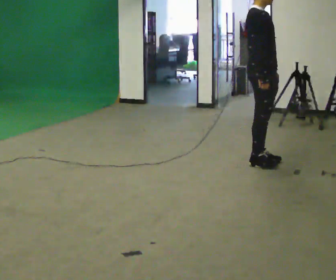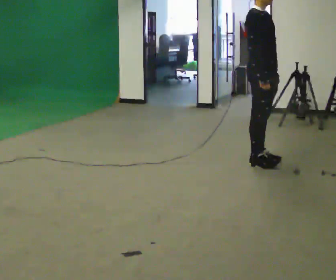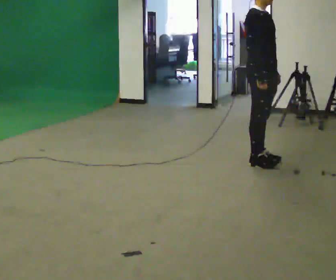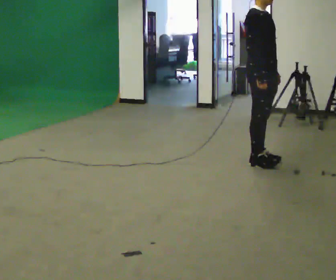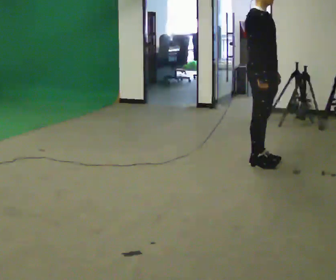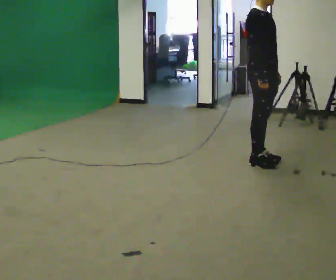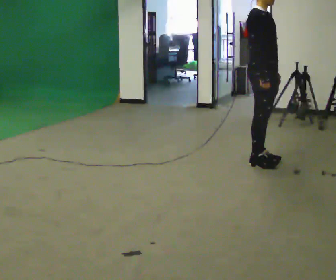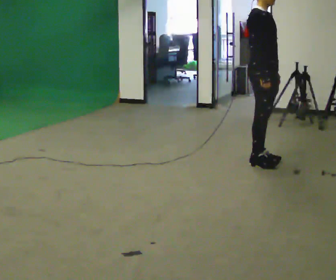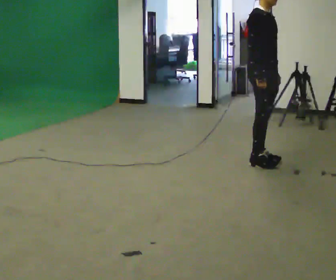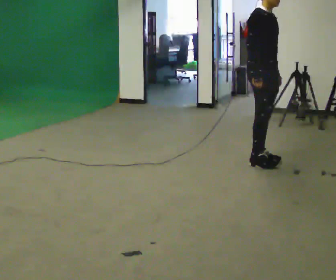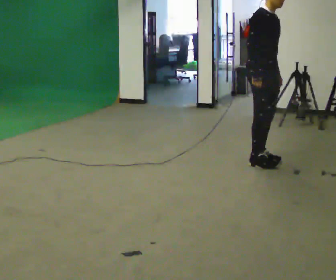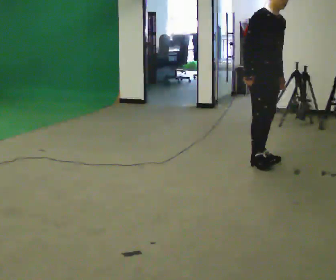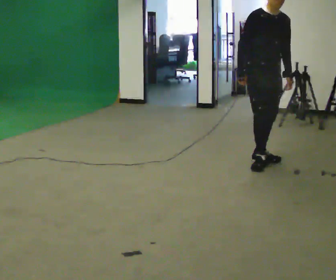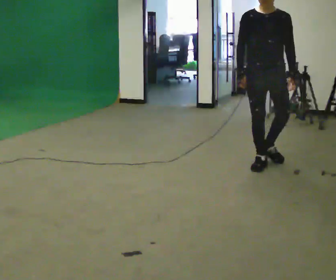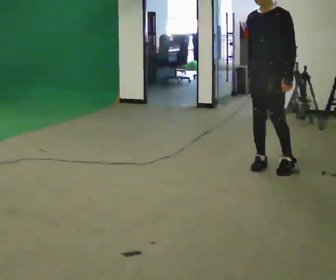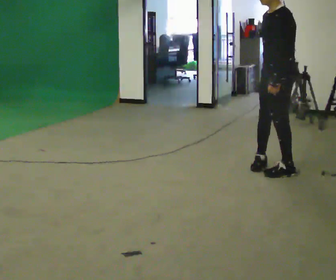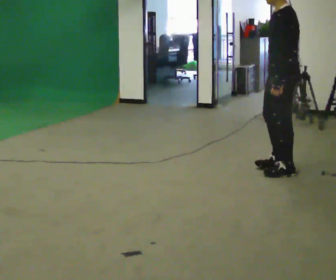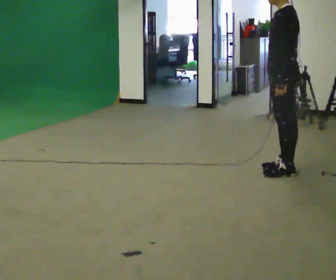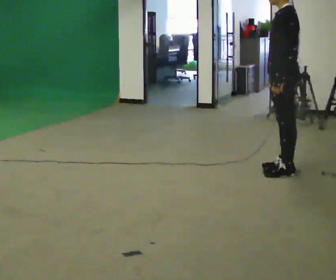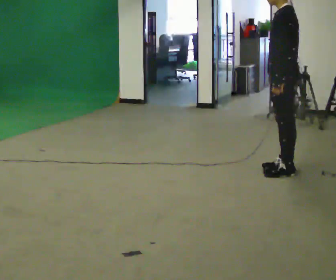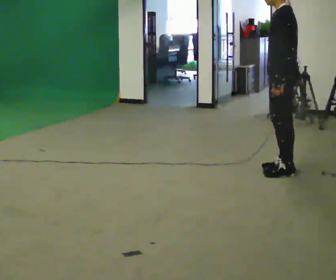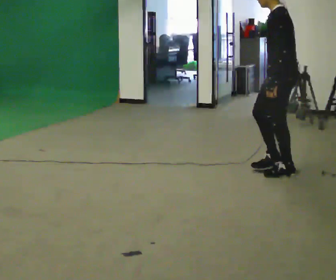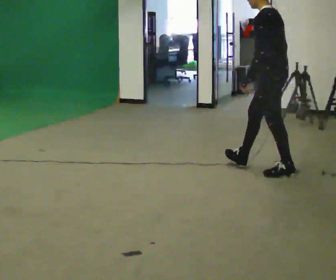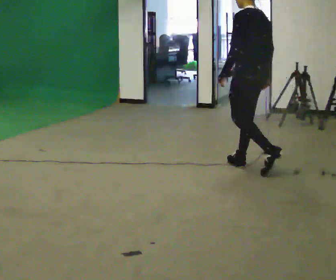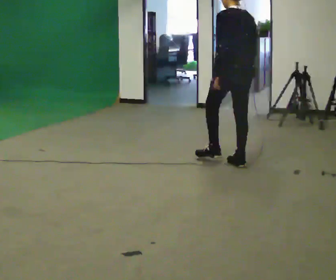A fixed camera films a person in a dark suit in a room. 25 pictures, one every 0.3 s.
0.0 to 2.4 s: The person moves a little, or ends about where they began.
2.4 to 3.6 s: Seen from above the body turns clockwise, about 30 degrees: to their right, with its near side sliding to the left.
3.6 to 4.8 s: The person turns about 120 degrees to their right, clockwise seen from above, so the part of the body nearest the lens slides to the left. In the picture they go toward the camera and to the right, about 0.25 m in 1 step. In the picture the upper body tilts counterclockwise, shoulders to the left.
4.8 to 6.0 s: The person moves a little, or ends about where they began.
6.0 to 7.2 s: The person turns about 45 degrees to their right, clockwise seen from above, so the part of the body nearest the lens slides to the left. In the picture they go to the left and away from the camera, about 0.5 m in 1 step, which for them is forward and to their right.
The film runs forward here.
